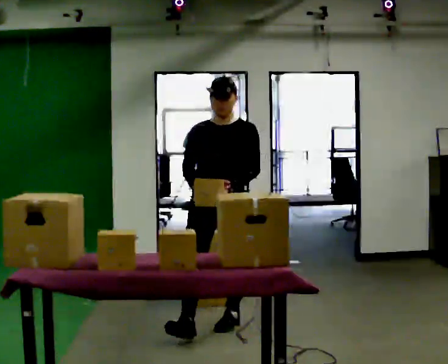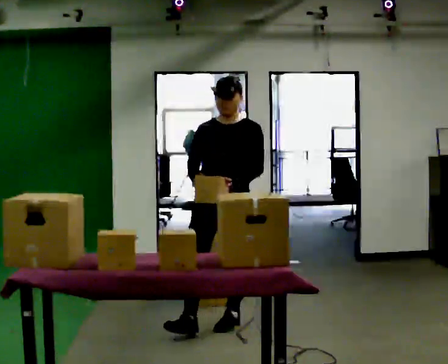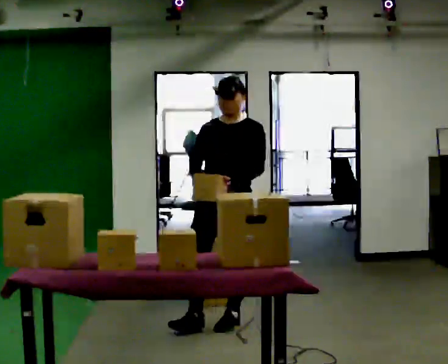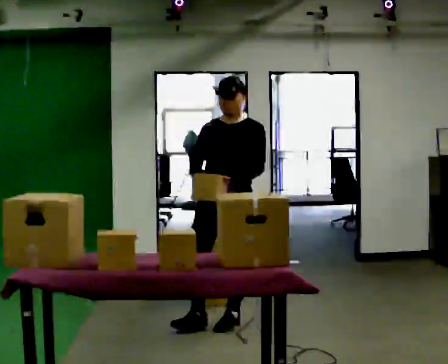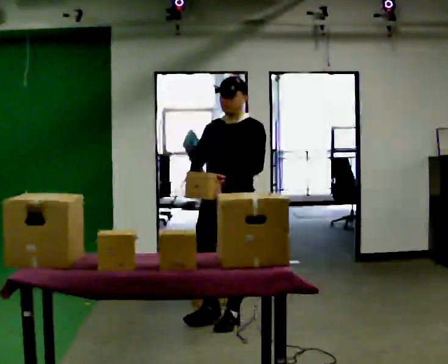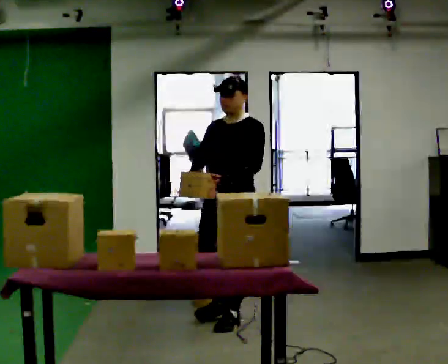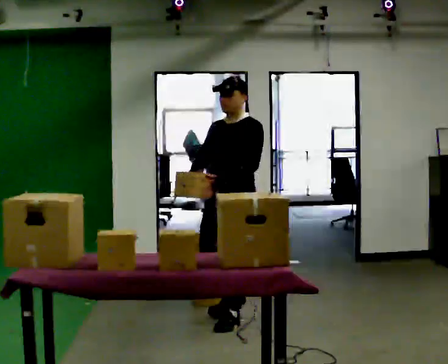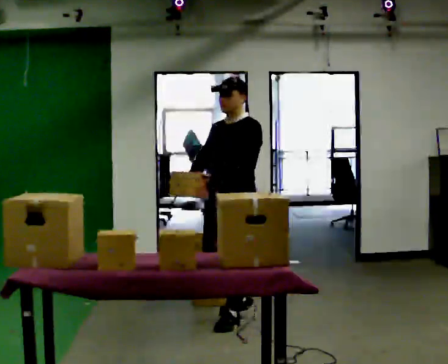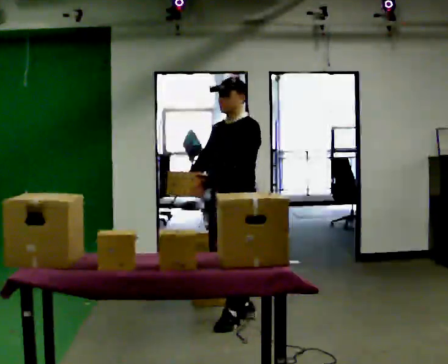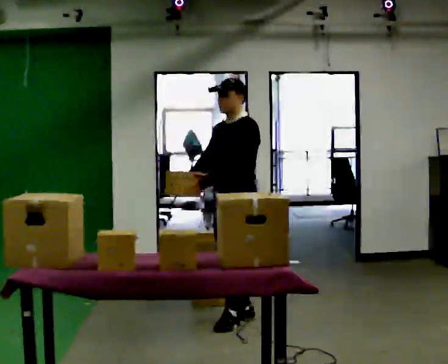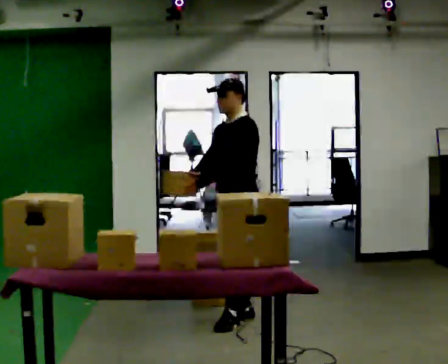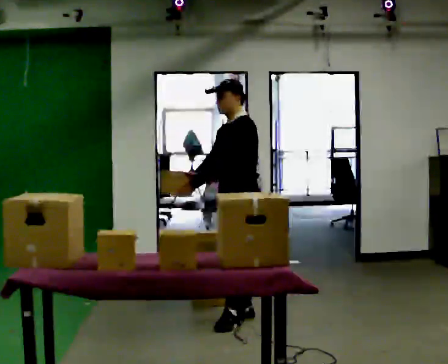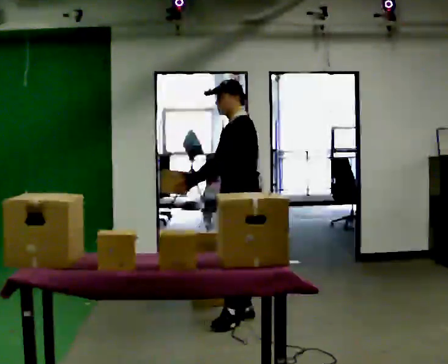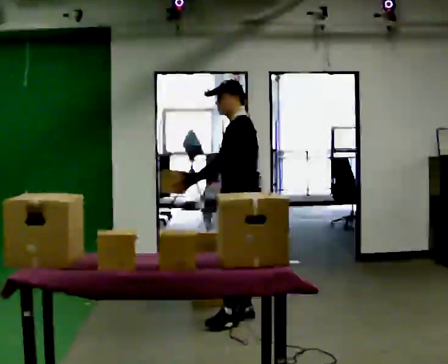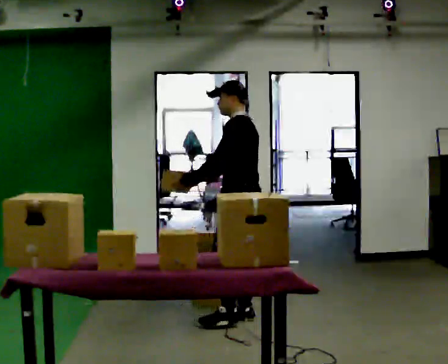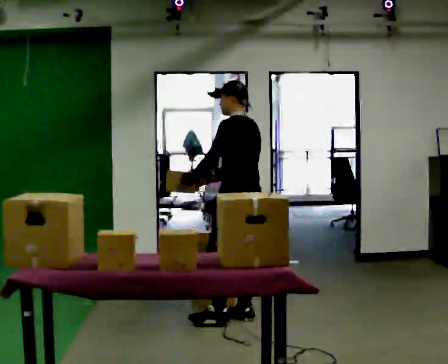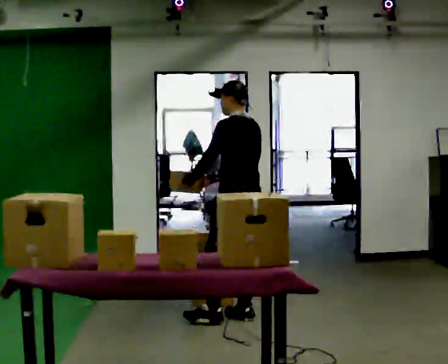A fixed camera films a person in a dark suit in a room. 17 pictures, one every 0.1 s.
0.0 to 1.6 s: The person turns about 105 degrees to their right, clockwise seen from above, so the part of the body nearest the lens slides to the left. In the picture they go away from the camera and to the right, about 0.25 m in 1 step.
The film runs backward here.
